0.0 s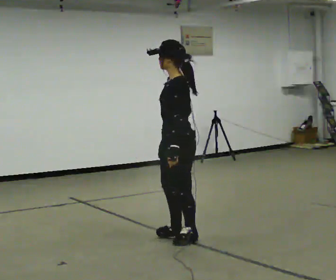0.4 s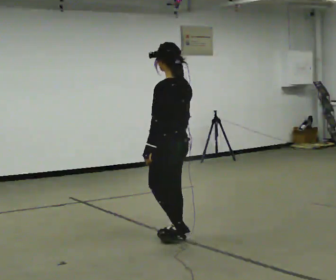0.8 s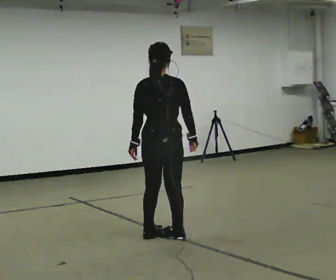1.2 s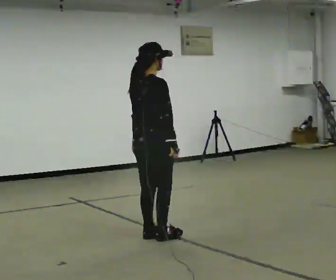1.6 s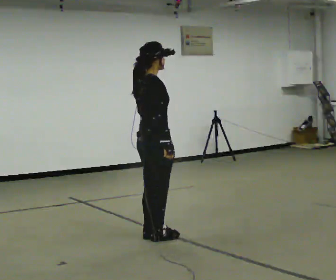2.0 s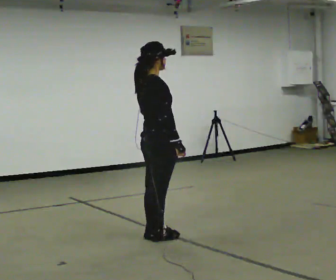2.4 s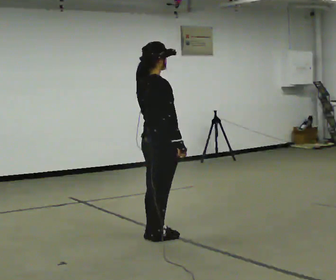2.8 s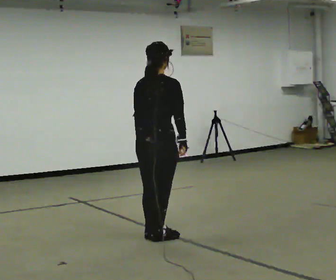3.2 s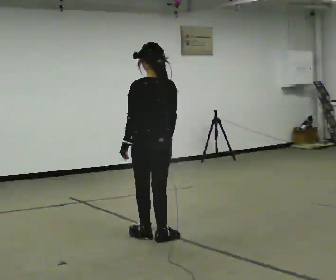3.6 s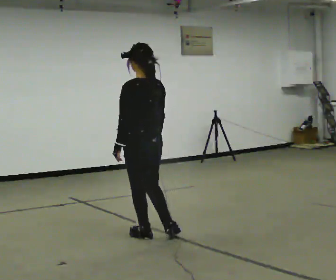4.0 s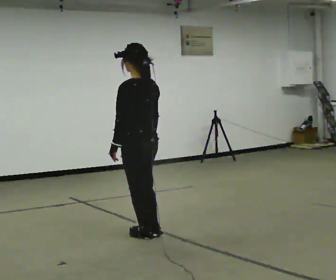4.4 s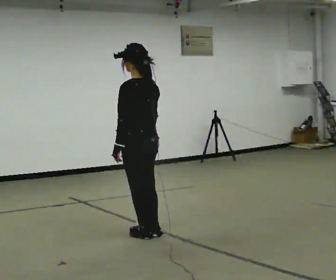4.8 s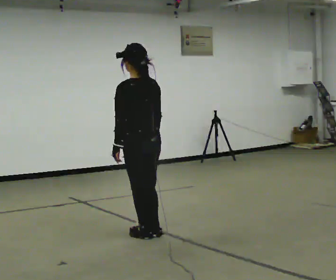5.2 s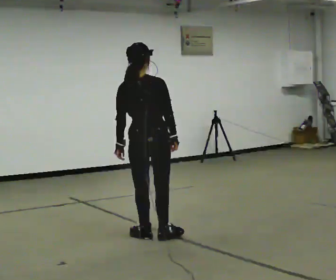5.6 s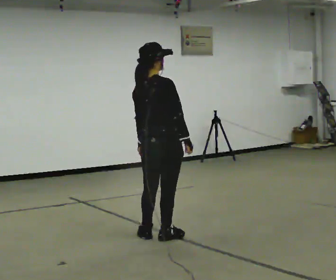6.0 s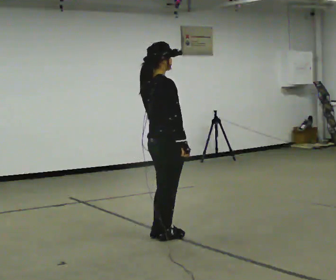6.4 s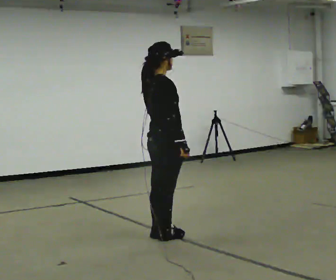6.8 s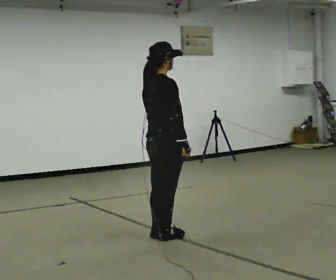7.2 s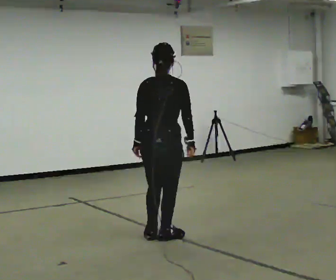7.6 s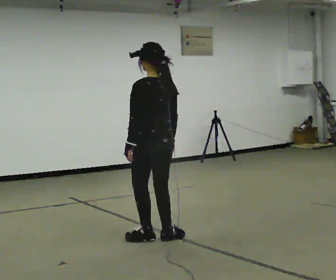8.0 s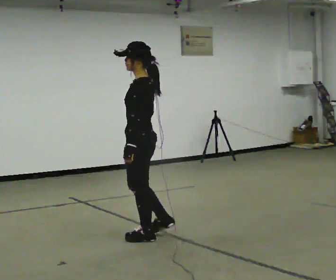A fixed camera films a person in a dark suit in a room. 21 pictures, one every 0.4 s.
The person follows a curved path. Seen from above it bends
counterclockwise.
0.0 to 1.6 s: The part of the body nearest the lens slides to the left as the person turns to their right by about 165 degrees. In the picture they go to the left, about 0.25 m in 2 steps.
1.6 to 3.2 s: The person turns about 90 degrees to their left, counterclockwise seen from above, so the part of the body nearest the lens slides to the right.
3.2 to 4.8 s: The person moves a little, or ends about where they began.
4.8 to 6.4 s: Seen from above the body turns clockwise, about 105 degrees: to their right, with its near side sliding to the left. In the picture they go to the right, about 0.25 m.
6.4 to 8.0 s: Seen from above the body turns counterclockwise, about 150 degrees: to their left, with its near side sliding to the right. In the picture they go to the left, about 0.25 m. In the picture their right hand goes to the left.
The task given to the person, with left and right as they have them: Turn on the spot to face the direction the operator calls, then stand still. The operator will call 90, 180 and 360 degrees and left or right.
The film runs forward here.
